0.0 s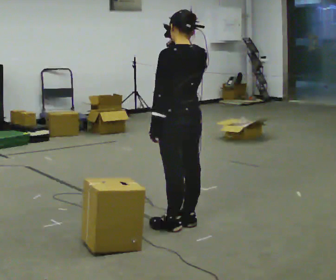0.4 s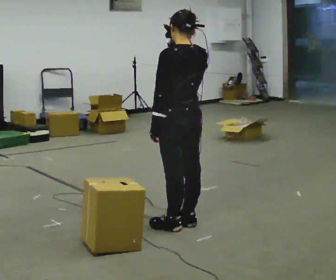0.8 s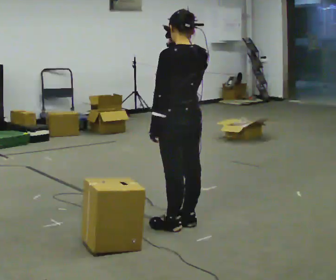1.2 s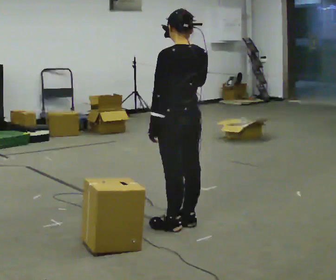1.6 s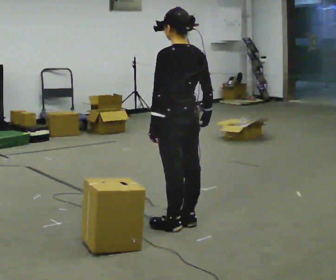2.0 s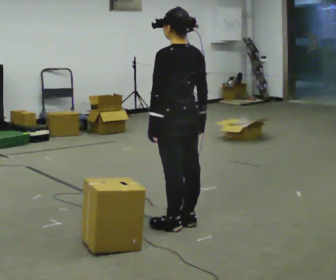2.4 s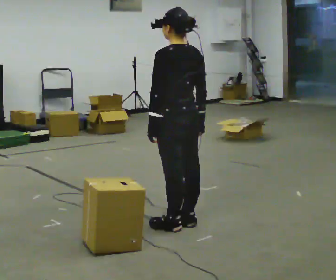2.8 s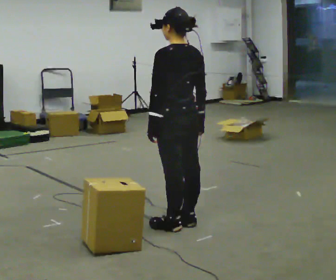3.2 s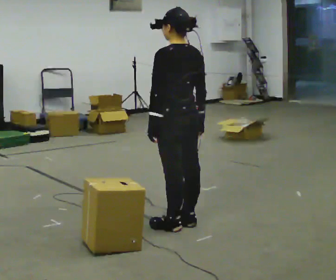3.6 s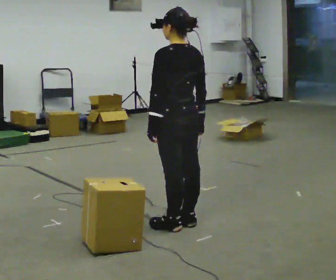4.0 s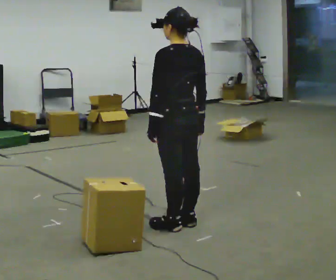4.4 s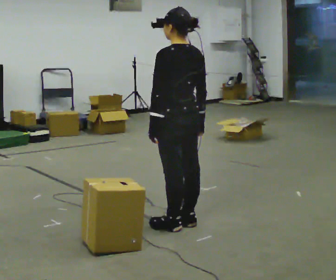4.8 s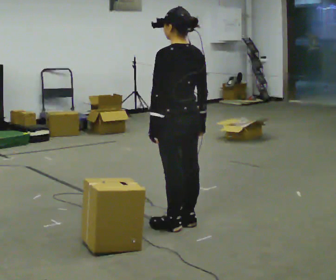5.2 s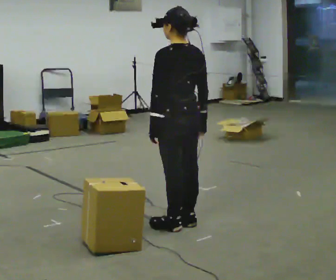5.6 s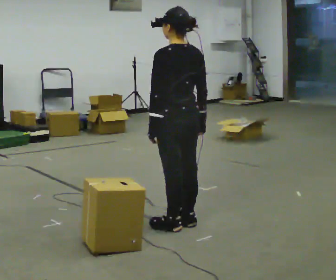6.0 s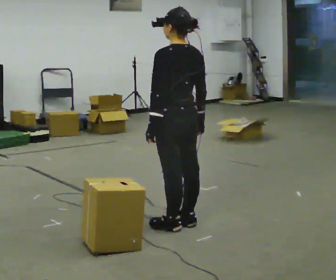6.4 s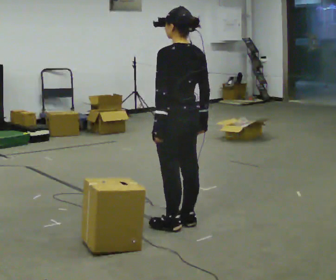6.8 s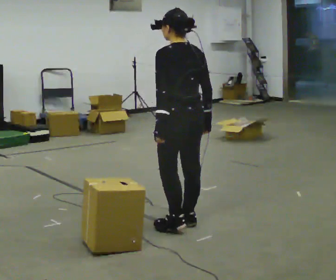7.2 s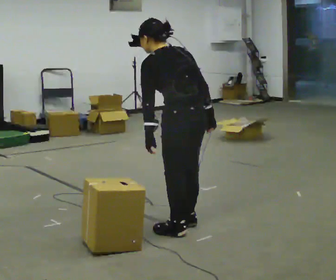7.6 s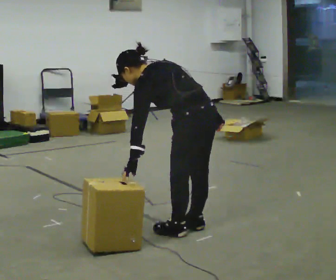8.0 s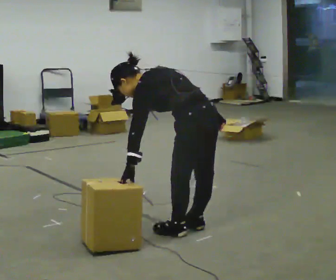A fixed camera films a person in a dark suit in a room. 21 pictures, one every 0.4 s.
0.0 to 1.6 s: In the picture their right hand goes downward.
1.6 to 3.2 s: The person moves a little, or ends about where they began.
3.2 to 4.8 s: The person keeps their place and pose.
4.8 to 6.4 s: The person moves a little, or ends about where they began.
6.4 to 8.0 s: In the picture they go toward the camera, about 0.25 m, which for them is backward. The upper body goes downward. In the picture the upper body tilts counterclockwise, shoulders to the left, as they bend forward.
The film runs backward here.
